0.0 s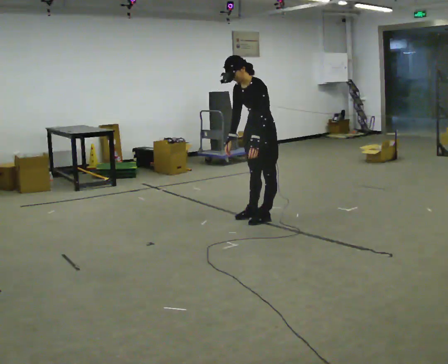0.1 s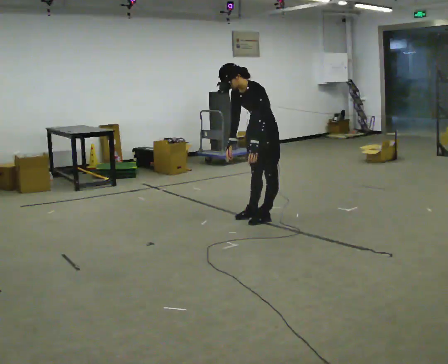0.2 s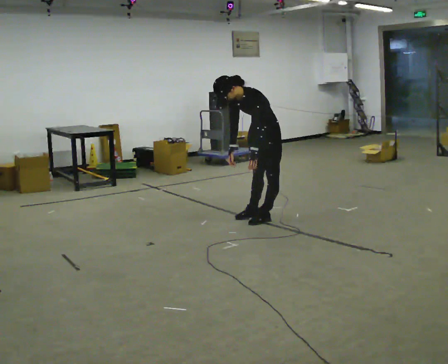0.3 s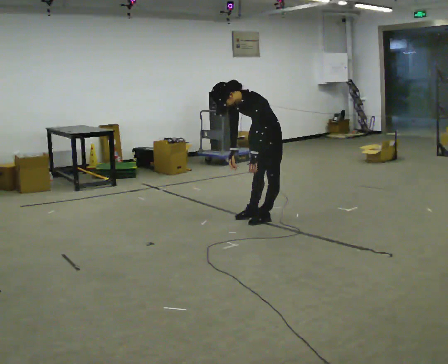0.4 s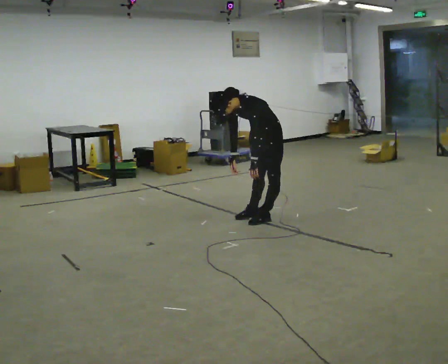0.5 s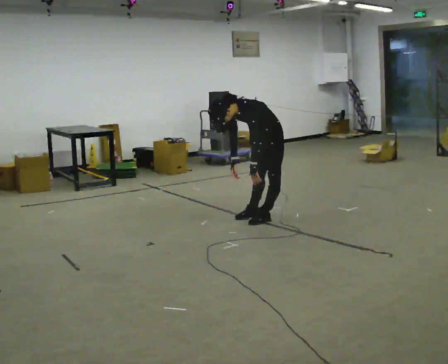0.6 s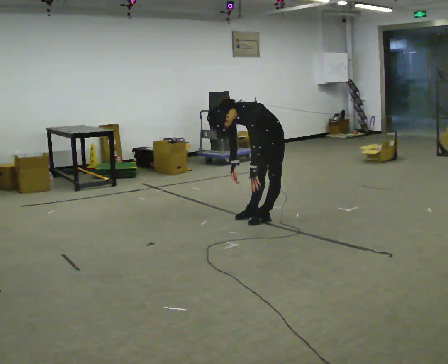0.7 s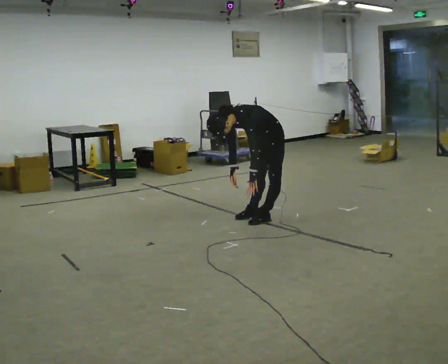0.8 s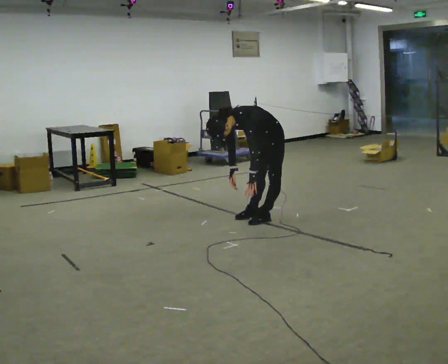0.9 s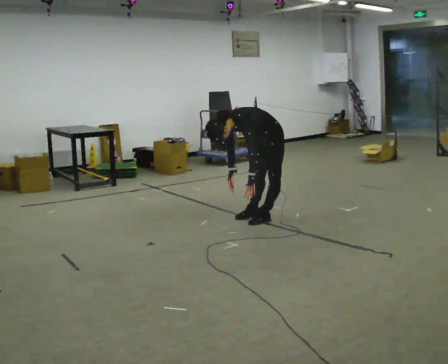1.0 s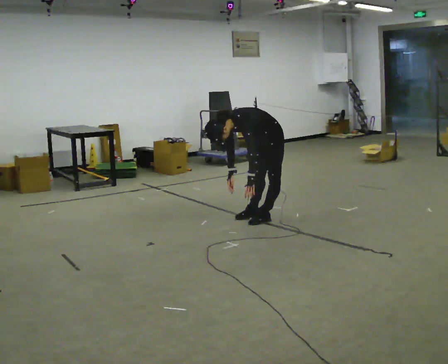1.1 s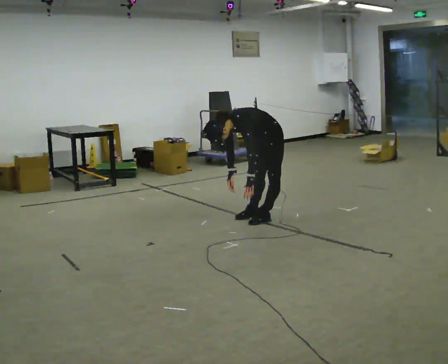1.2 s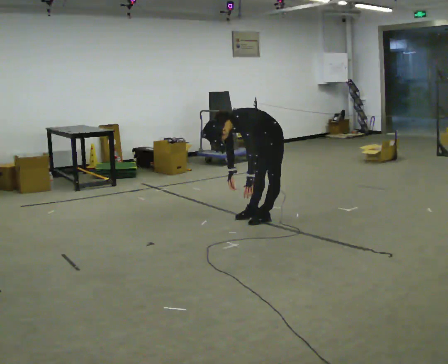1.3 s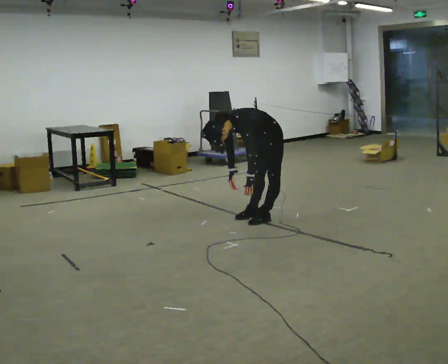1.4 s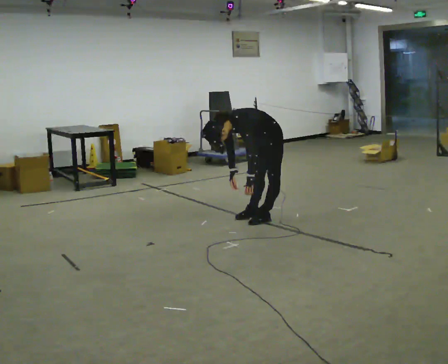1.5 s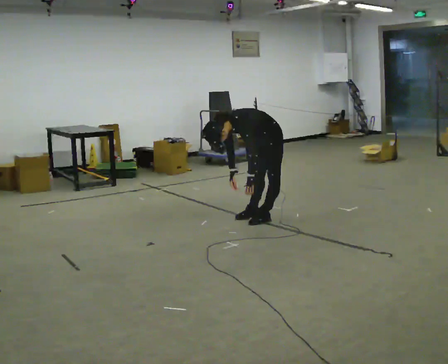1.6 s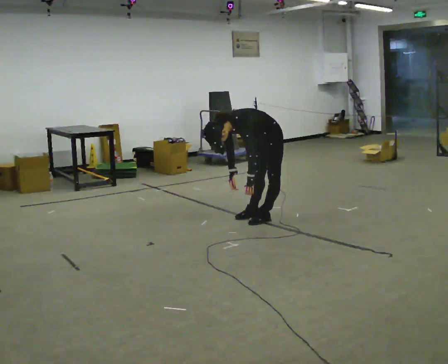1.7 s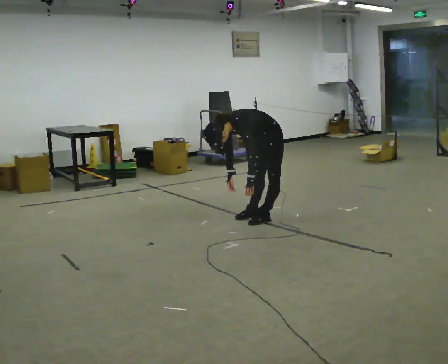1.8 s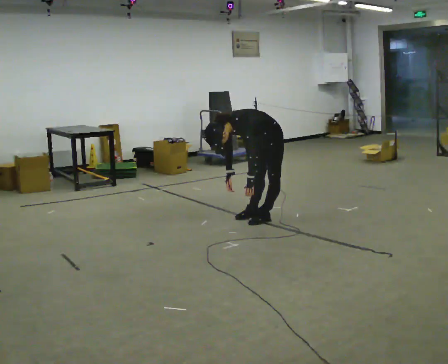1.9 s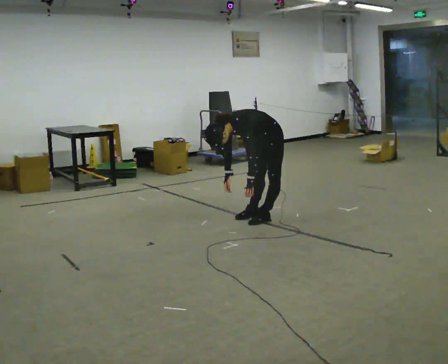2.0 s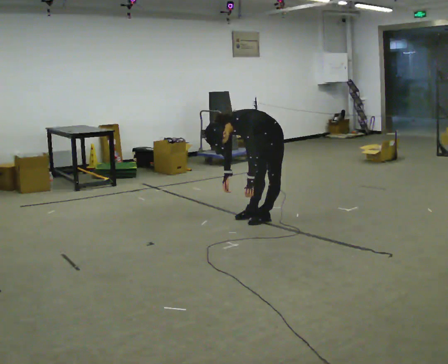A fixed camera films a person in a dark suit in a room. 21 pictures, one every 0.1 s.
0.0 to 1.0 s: The upper body goes downward. In the picture the upper body tilts counterclockwise, shoulders to the left, as they bend forward. In the picture their right hand goes downward.
1.0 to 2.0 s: The person moves a little, or ends about where they began.
The film runs backward here.
